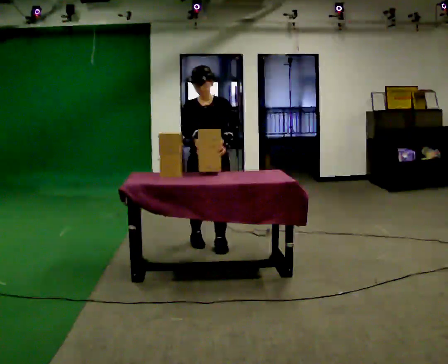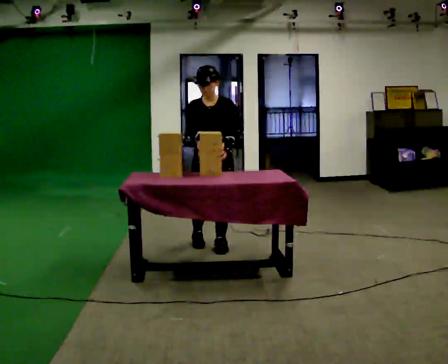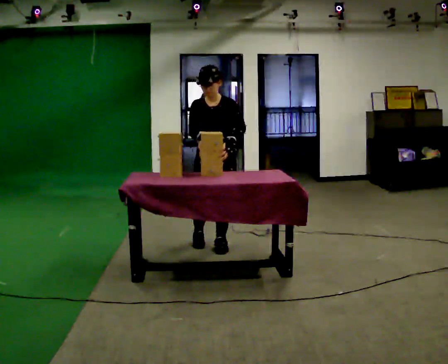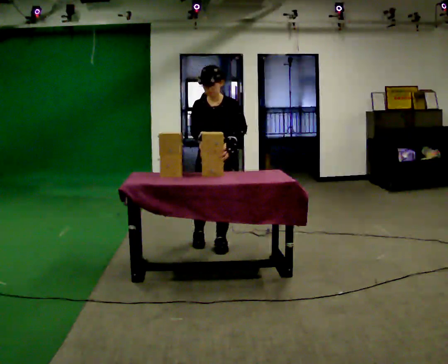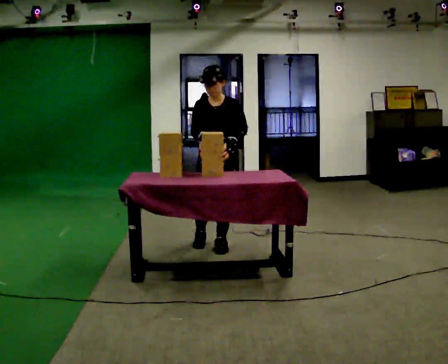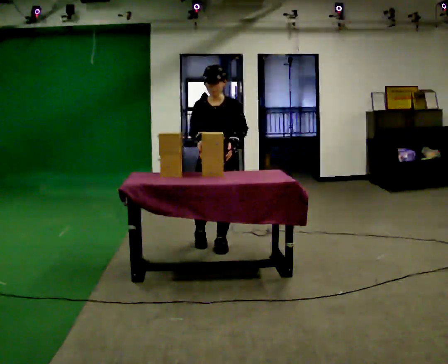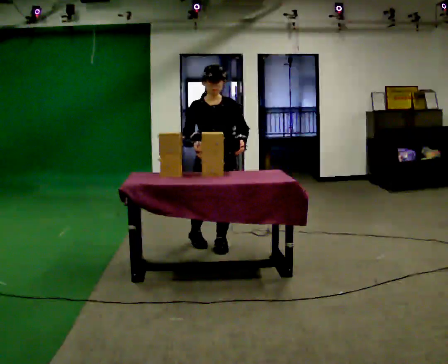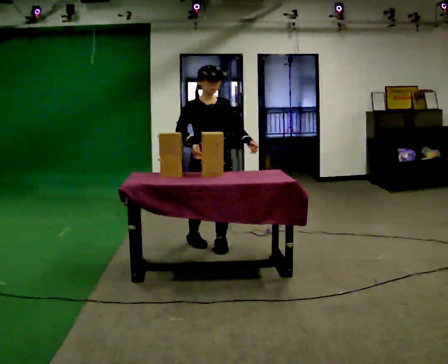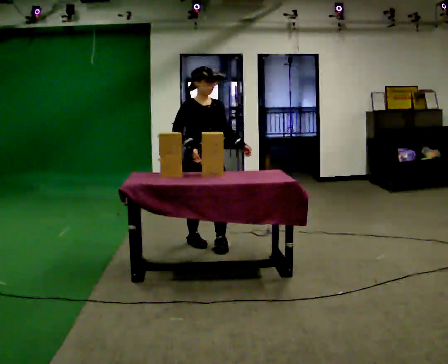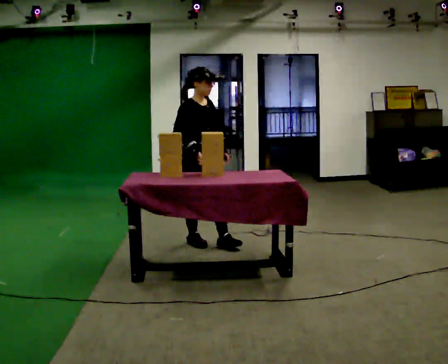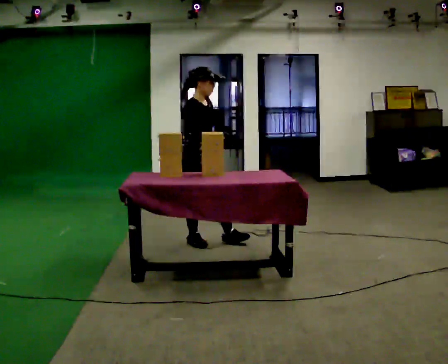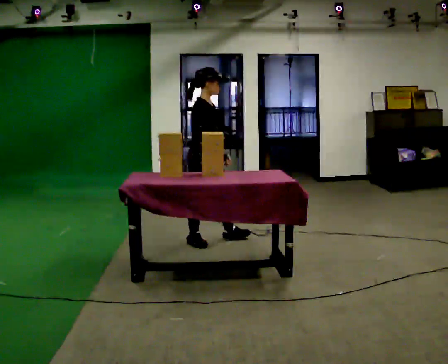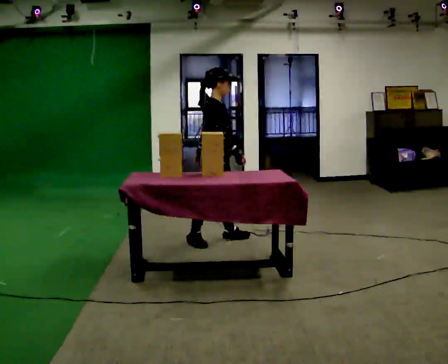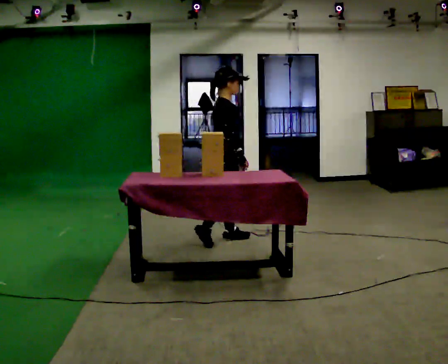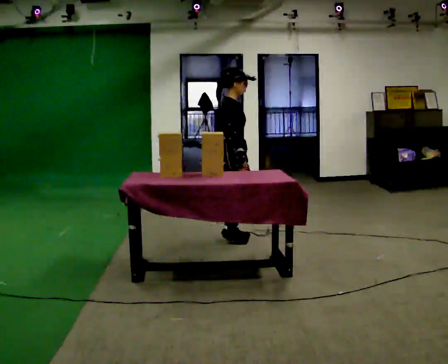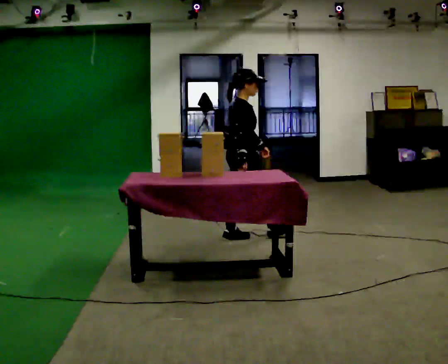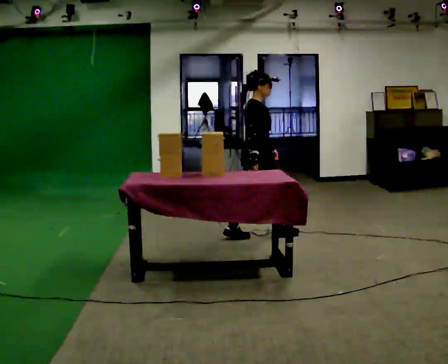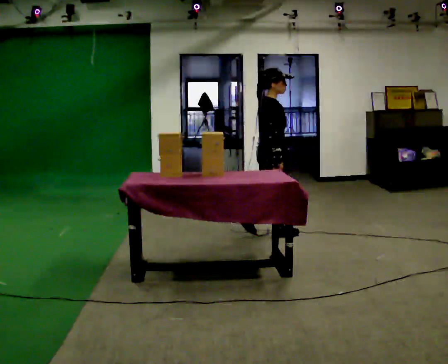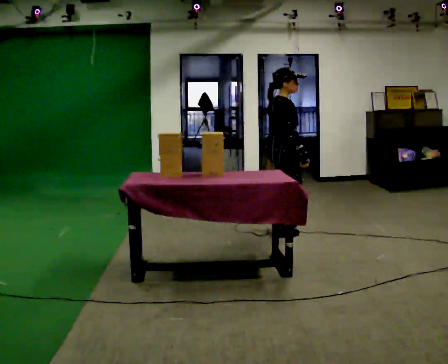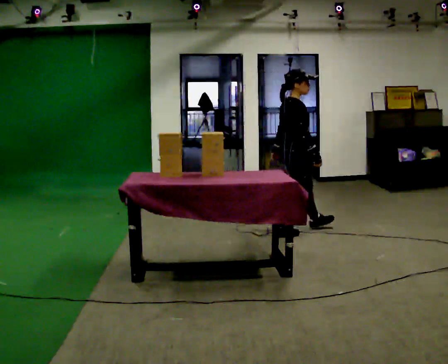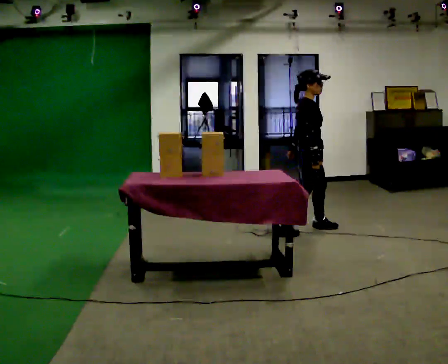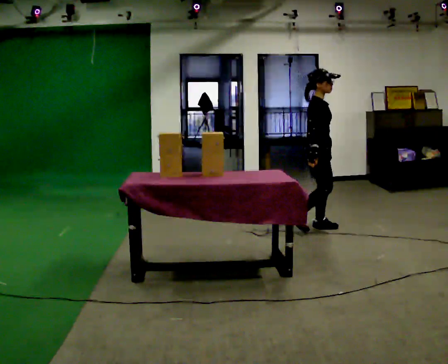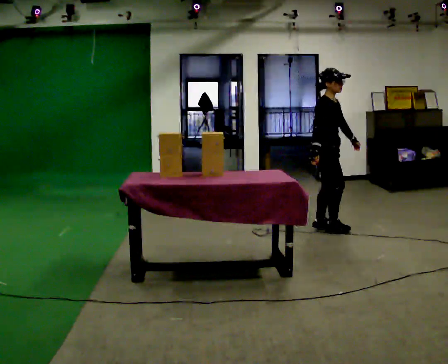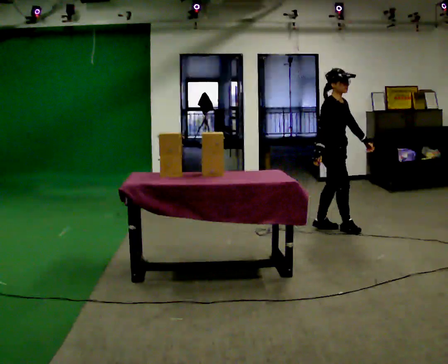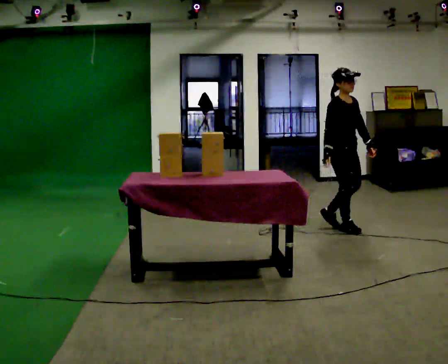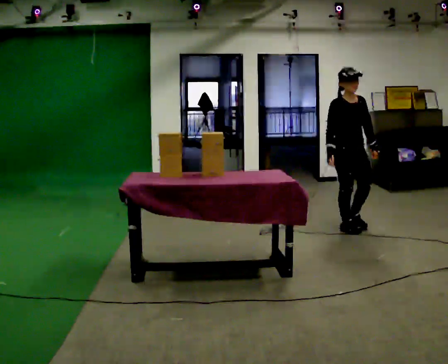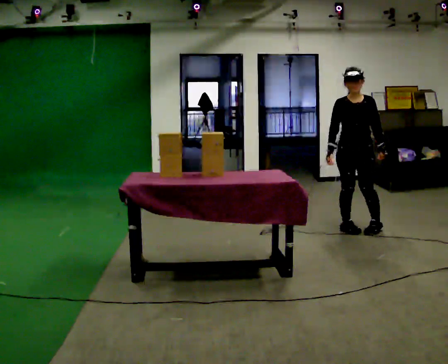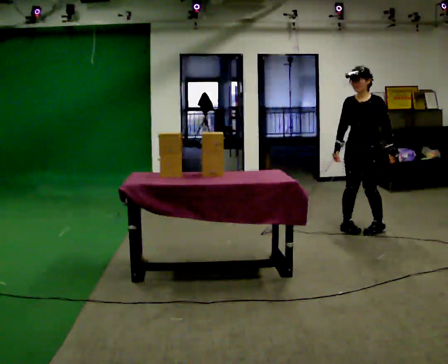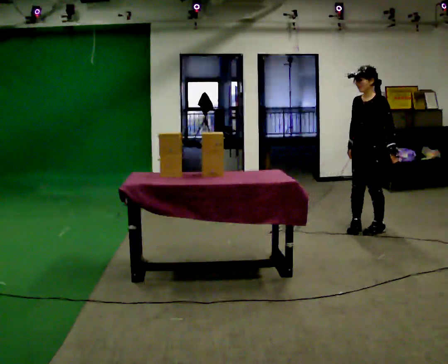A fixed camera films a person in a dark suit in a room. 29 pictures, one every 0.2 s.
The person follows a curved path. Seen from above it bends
clockwise.
The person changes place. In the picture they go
to the right.
0.0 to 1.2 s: The person moves a little, or ends about where they began.
1.2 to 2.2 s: Seen from above the body turns counterclockwise, about 75 degrees: to their left, with its near side sliding to the right. In the picture their left hand goes to the left, the arm swinging clockwise.
2.2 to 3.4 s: Seen from above the body turns counterclockwise, about 30 degrees: to their left, with its near side sliding to the right. In the picture they go to the right, about 0.75 m in 1 step, which for them is forward.
3.4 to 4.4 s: The part of the body nearest the lens slides to the left as the person turns to their right by about 45 degrees. In the picture they go to the right, about 0.5 m in 1 step, which for them is forward.
4.4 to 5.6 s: The person turns about 120 degrees to their right, clockwise seen from above, so the part of the body nearest the lens slides to the left. In the picture they go to the right, about 0.5 m in 2 steps.
The film runs forward here.
